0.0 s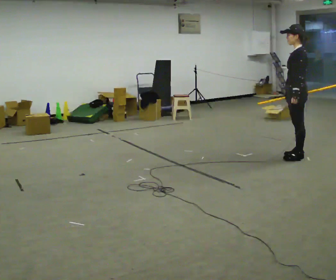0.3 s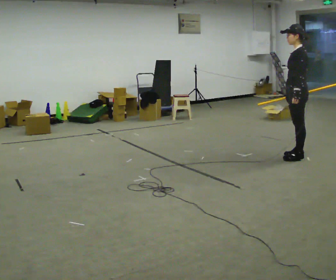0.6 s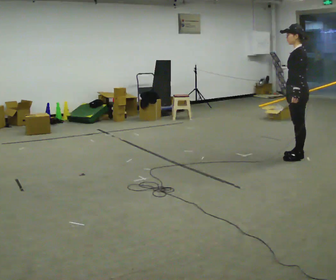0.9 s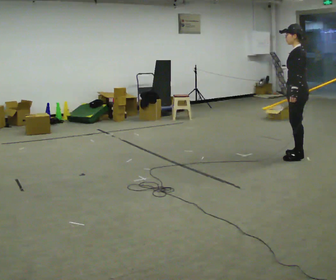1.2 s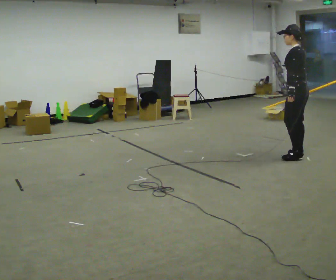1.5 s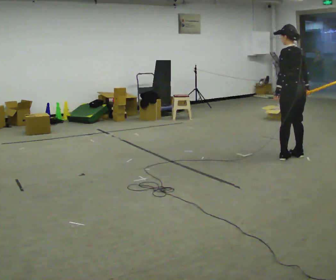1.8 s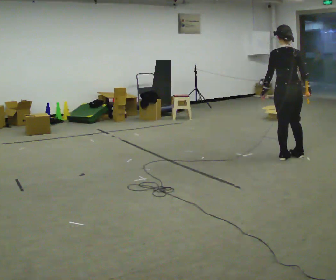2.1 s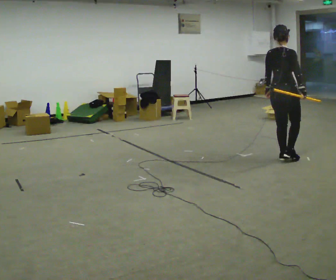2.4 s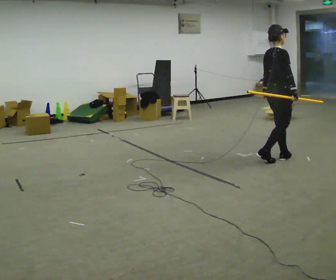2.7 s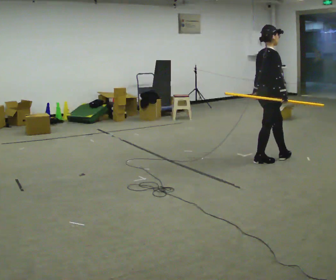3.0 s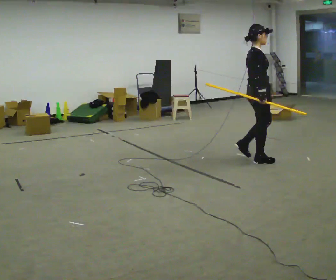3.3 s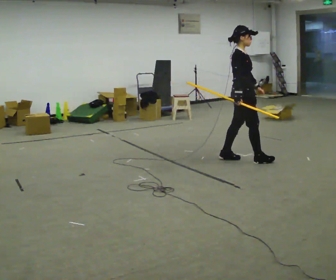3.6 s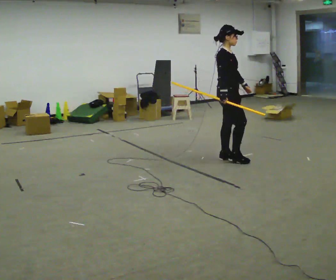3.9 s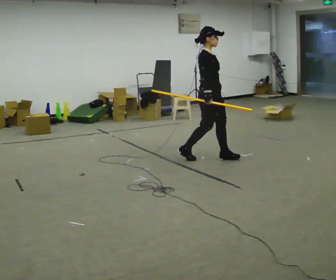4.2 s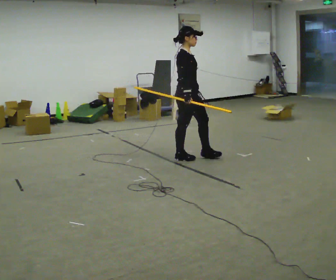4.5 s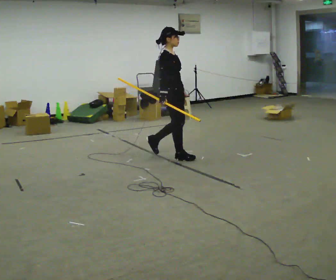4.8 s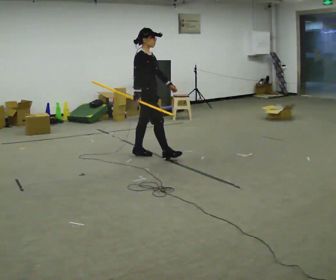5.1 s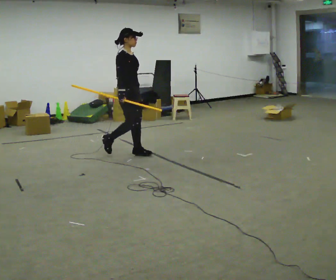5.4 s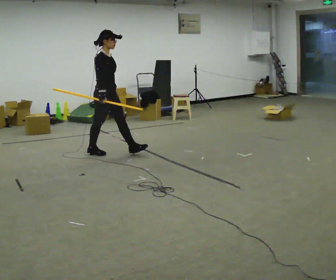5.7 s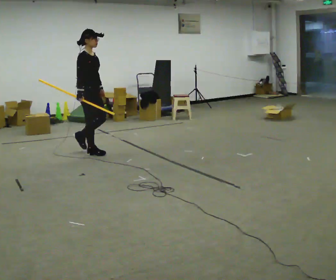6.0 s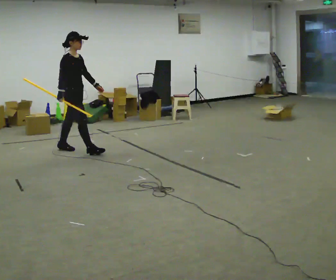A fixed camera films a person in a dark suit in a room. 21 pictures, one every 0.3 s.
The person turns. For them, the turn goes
to their right.
The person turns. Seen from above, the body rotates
clockwise.
0.0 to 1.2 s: The person moves a little, or ends about where they began.
1.2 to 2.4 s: The part of the body nearest the lens slides to the left as the person turns to their right by about 135 degrees. In the picture they go to the left, about 0.25 m in 2 steps.
2.4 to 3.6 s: The part of the body nearest the lens slides to the left as the person turns to their right by about 30 degrees. In the picture they go to the left, about 0.5 m in 2 steps, which for them is backward.
3.6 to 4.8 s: In the picture they go to the left, about 1 m in 2 steps, which for them is backward.
4.8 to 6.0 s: In the picture they go to the left, about 1 m in 1 step, which for them is backward.
The film runs backward here.
